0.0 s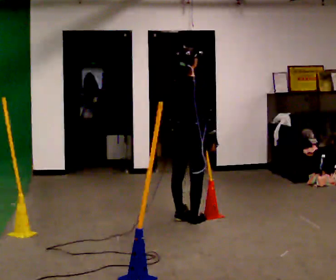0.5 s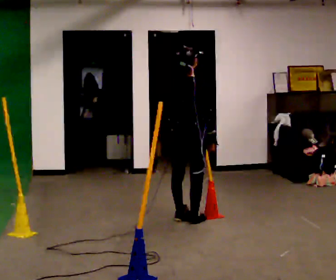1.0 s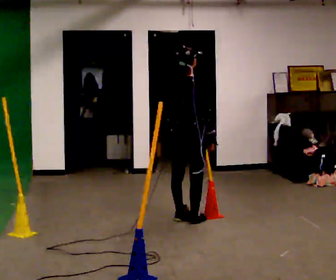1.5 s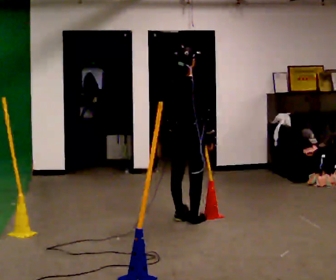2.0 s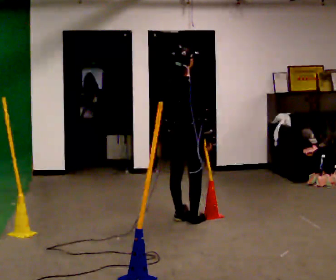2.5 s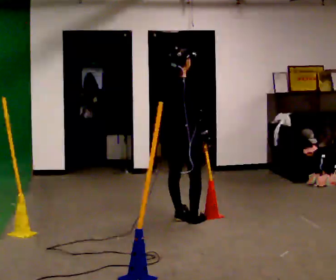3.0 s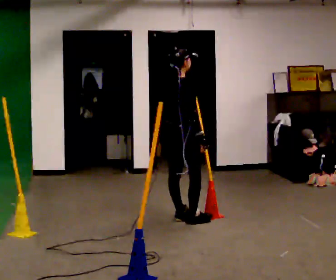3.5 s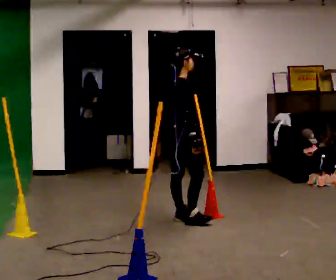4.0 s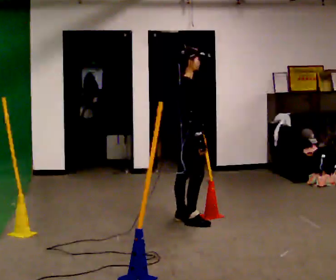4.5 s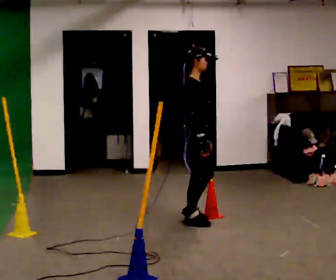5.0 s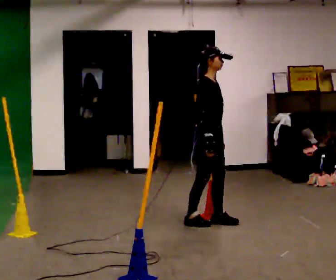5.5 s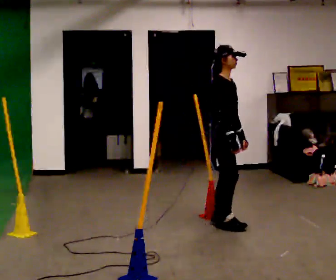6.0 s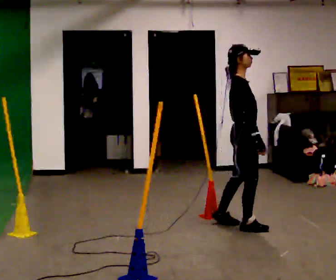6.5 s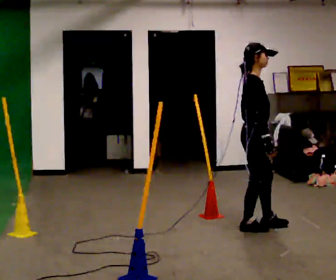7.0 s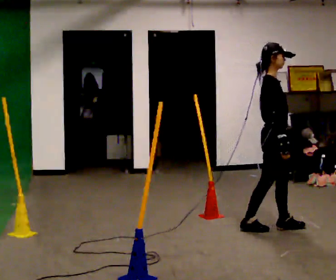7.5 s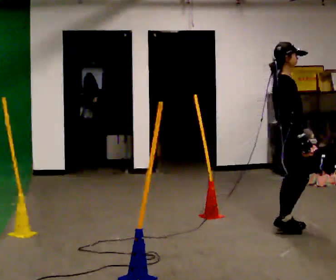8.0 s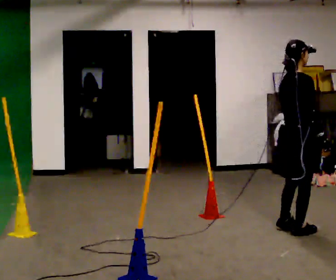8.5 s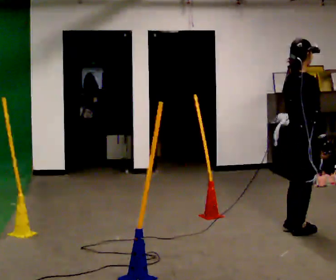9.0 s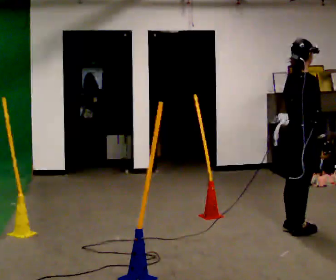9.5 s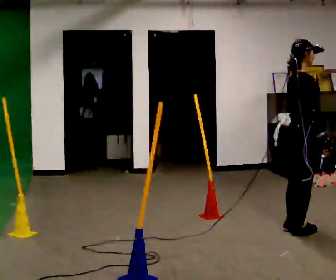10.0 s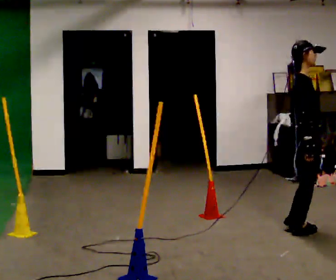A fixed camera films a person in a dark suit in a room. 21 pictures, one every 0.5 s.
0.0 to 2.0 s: The person moves a little, or ends about where they began.
2.0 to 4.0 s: The part of the body nearest the lens slides to the left as the person turns to their right by about 45 degrees.
4.0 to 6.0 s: In the picture they go to the right and toward the camera, about 0.5 m in 2 steps, which for them is forward.
6.0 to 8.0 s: The person turns about 30 degrees to their left, counterclockwise seen from above, so the part of the body nearest the lens slides to the right. In the picture they go to the right and toward the camera, about 0.5 m in 2 steps, which for them is forward.
8.0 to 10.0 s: The part of the body nearest the lens slides to the left as the person turns to their right by about 30 degrees.
The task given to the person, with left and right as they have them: Start at marker; visit targets in order; choose natural paths; avoid obstacles; stop at final target.
The film runs forward here.
